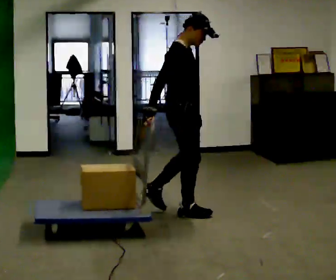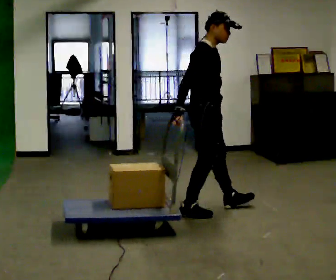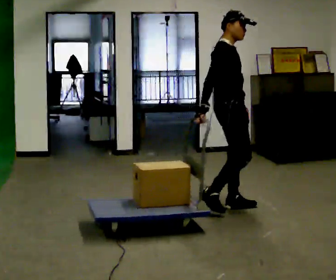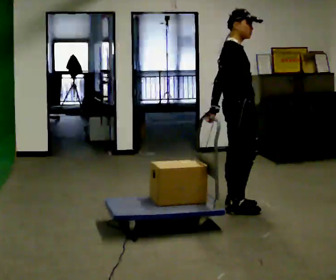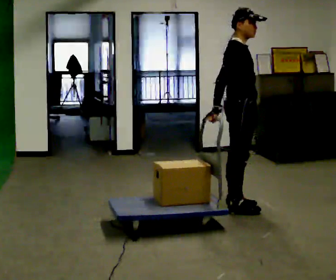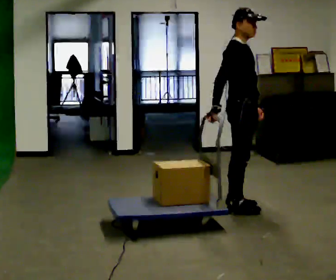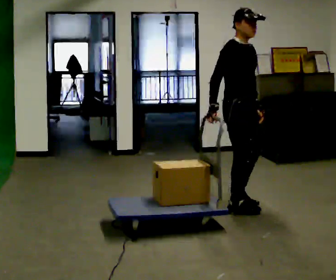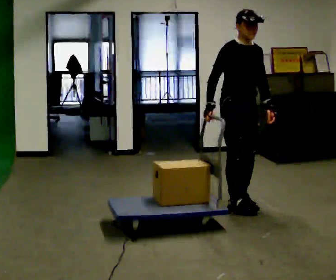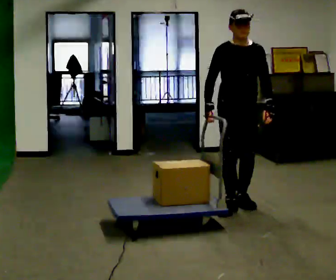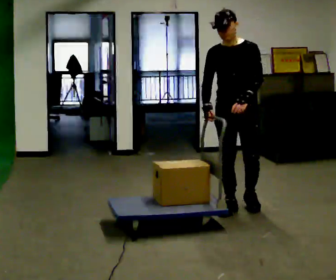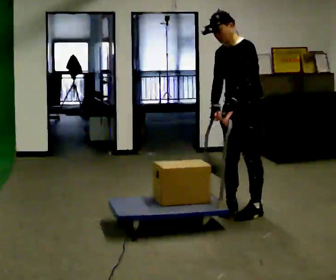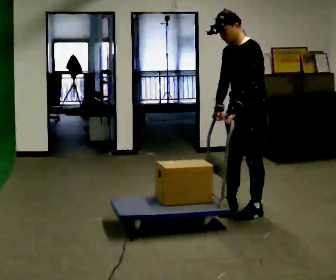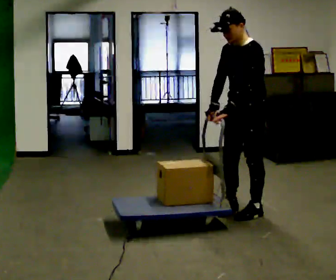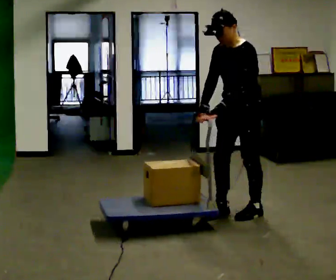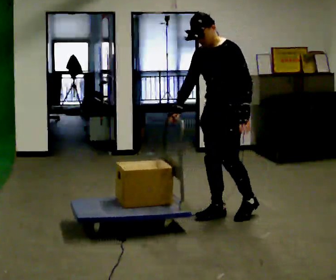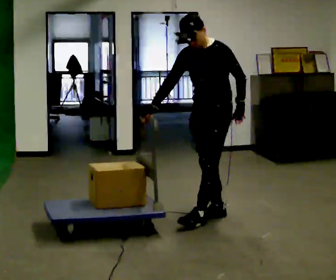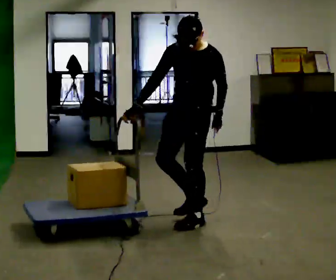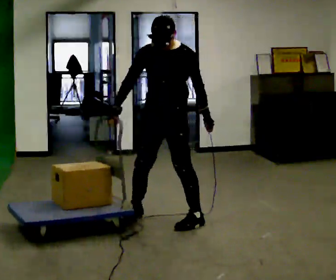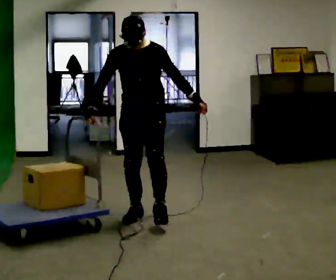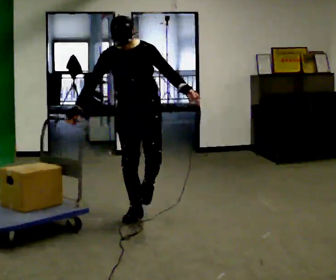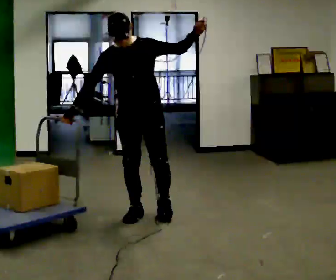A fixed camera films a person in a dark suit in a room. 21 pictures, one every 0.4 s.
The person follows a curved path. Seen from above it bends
clockwise.
0.0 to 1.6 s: In the picture they go to the right, about 0.5 m in 2 steps, which for them is forward.
1.6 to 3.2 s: Seen from above the body turns clockwise, about 75 degrees: to their right, with its near side sliding to the left.
3.2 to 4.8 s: Seen from above the body turns clockwise, about 75 degrees: to their right, with its near side sliding to the left. In the picture they go toward the camera, about 0.25 m in 1 step.
4.8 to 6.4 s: In the picture they go to the left and toward the camera, about 0.5 m in 2 steps, which for them is forward and to their right.
6.4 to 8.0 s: Seen from above the body turns counterclockwise, about 30 degrees: to their left, with its near side sliding to the right. In the picture they go to the left, about 0.5 m in 2 steps, which for them is to their right. In the picture the upper body tilts counterclockwise, shoulders to the left. In the picture their left hand goes upward, the arm swinging counterclockwise.
The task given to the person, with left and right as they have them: Pull the cart behind you as you walk backward across the room. The operator will confirm the space behind you is clear before each take.
The film runs forward here.
